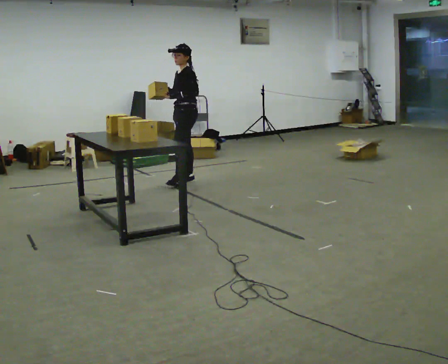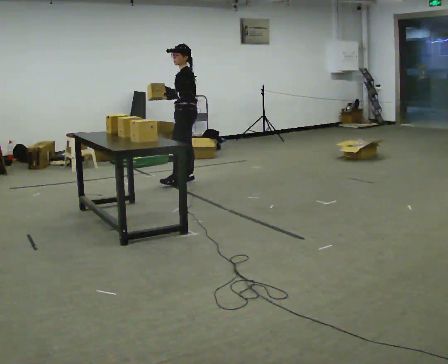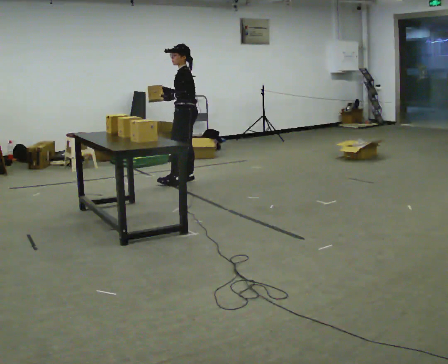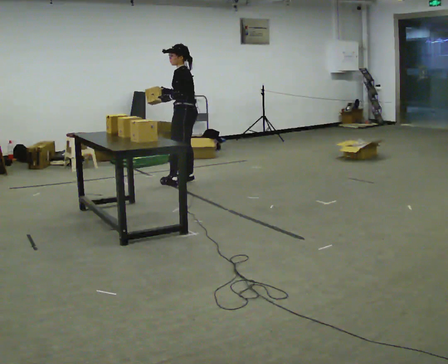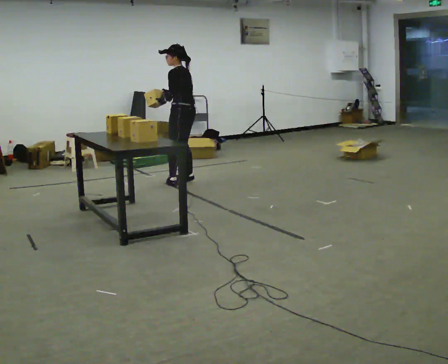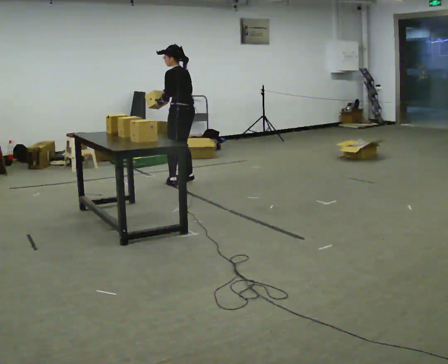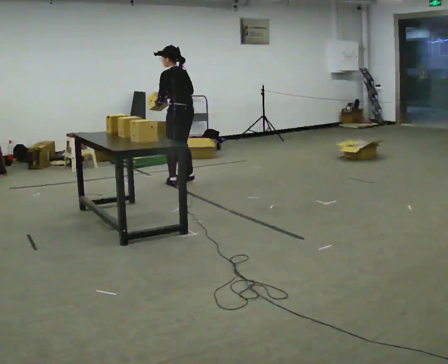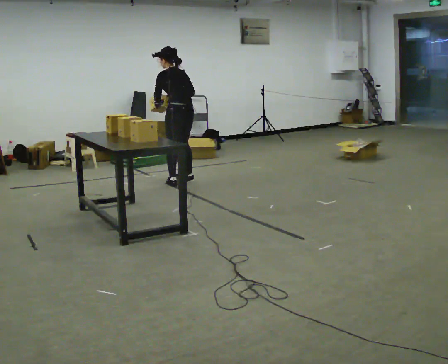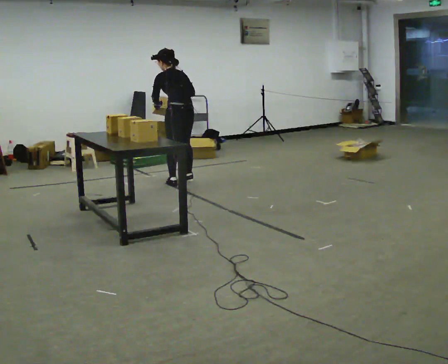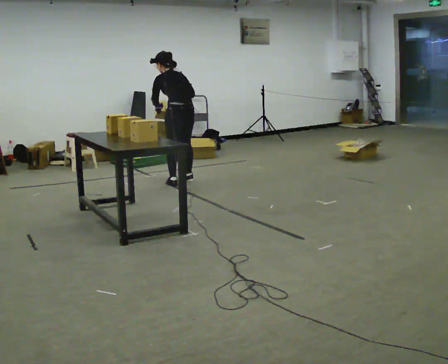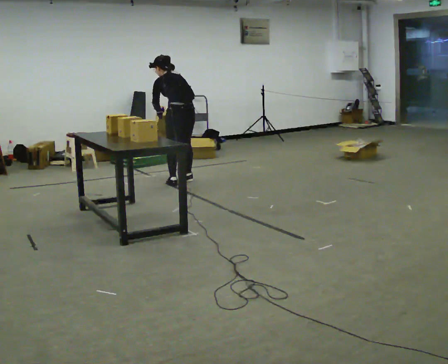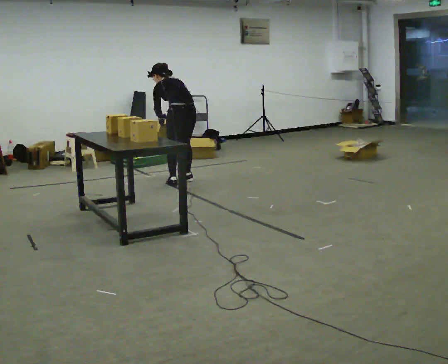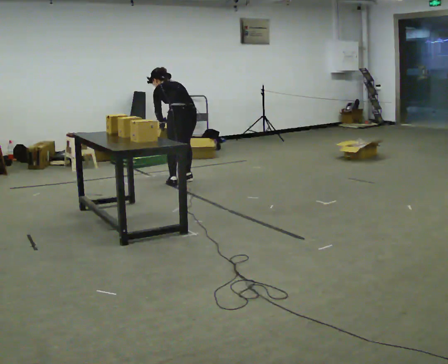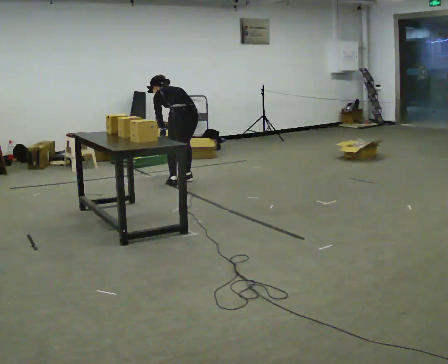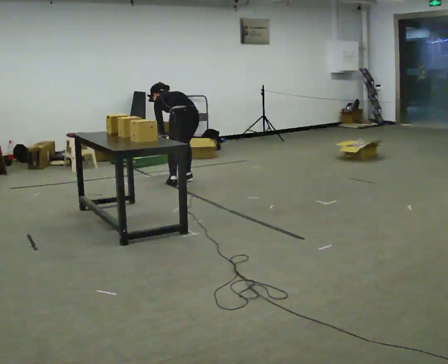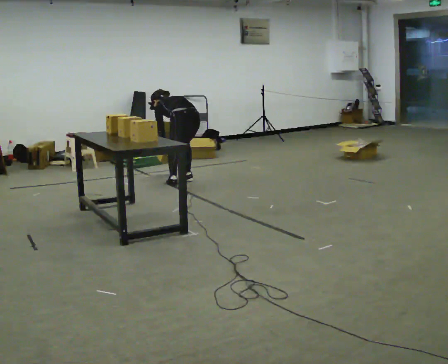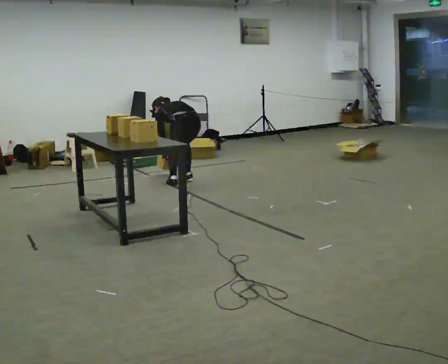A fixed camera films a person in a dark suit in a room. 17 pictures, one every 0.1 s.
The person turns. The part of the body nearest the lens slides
to the left.
Their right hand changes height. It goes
downward.
0.0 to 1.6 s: The person turns about 75 degrees to their right, clockwise seen from above, so the part of the body nearest the lens slides to the left. The shoulders move downward. The upper body tips away from the camera, its near side rolling upward, as they bend forward. In the picture their right hand goes downward.
The film runs backward here.
